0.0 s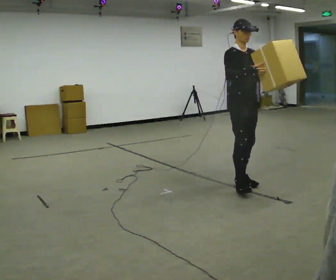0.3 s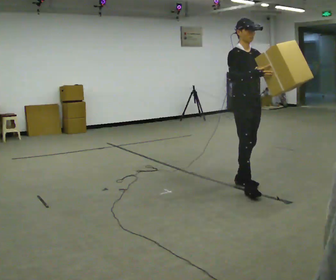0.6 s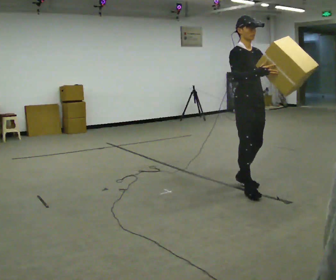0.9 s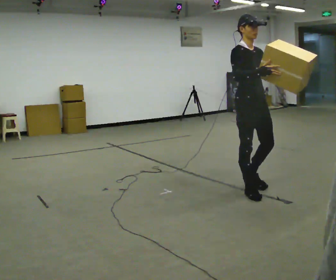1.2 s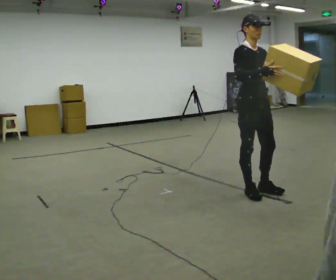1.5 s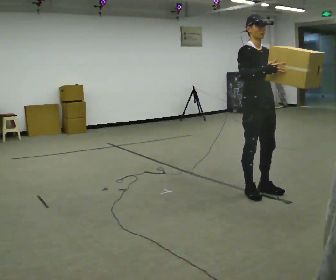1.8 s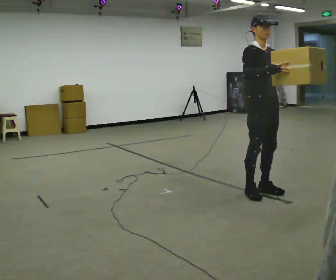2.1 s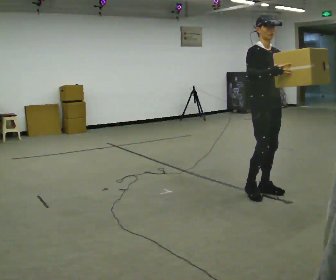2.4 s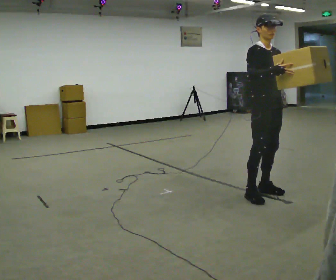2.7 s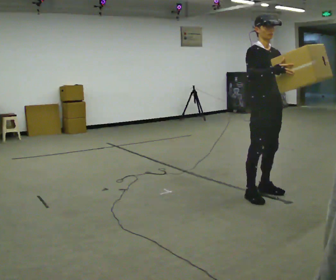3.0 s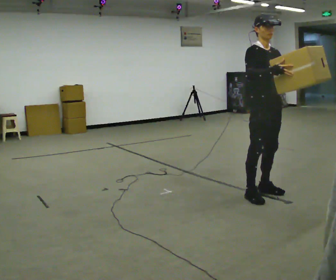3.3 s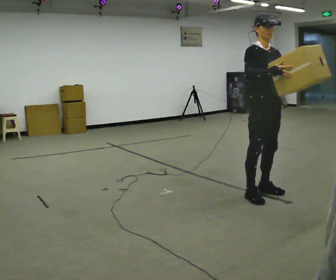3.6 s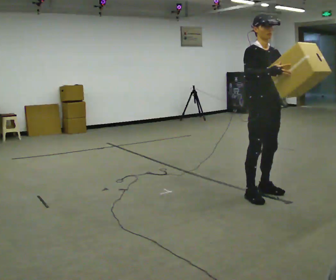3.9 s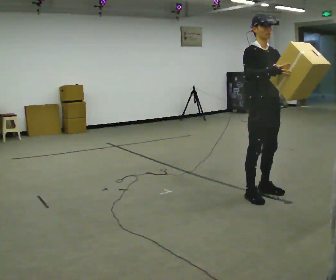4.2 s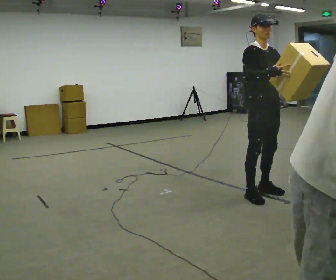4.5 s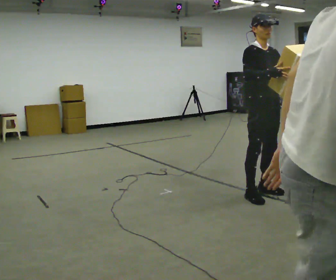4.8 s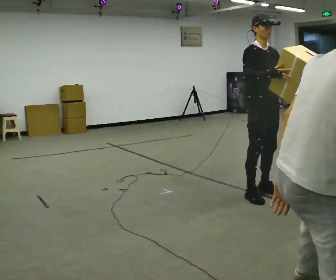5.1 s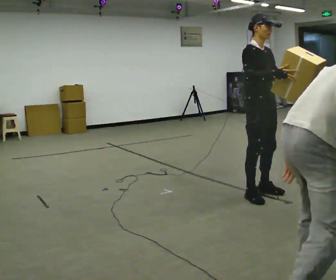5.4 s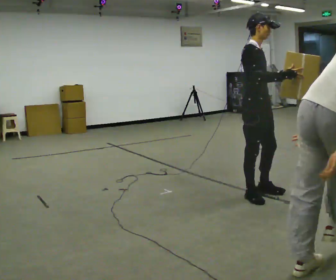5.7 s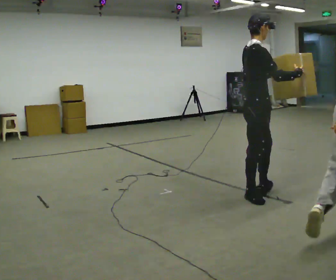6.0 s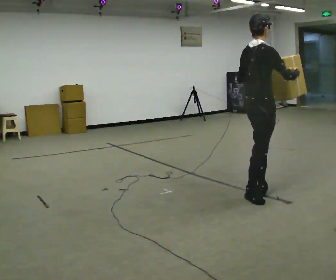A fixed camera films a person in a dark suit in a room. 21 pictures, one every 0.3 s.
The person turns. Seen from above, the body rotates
counterclockwise.
The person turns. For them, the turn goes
to their left.
0.0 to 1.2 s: In the picture they go toward the camera, about 0.25 m in 2 steps, which for them is forward and to their right.
1.2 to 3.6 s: The person moves a little, or ends about where they began.
3.6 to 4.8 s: The person keeps their place and pose.
4.8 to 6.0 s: The person turns about 75 degrees to their left, counterclockwise seen from above, so the part of the body nearest the lens slides to the right.
The film runs forward here.
